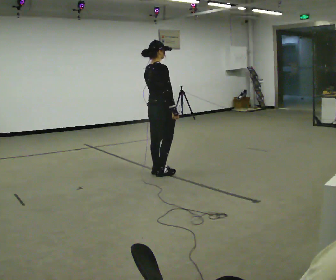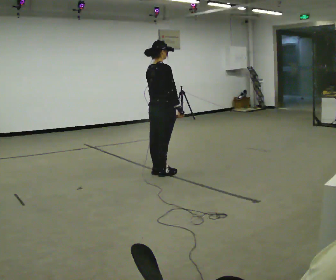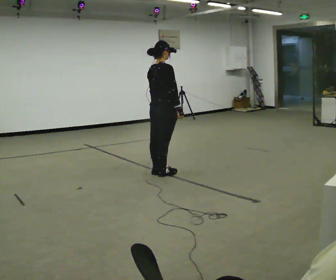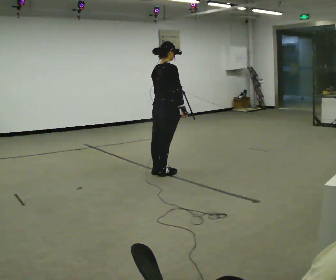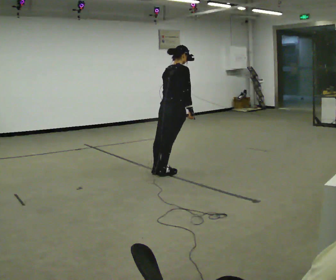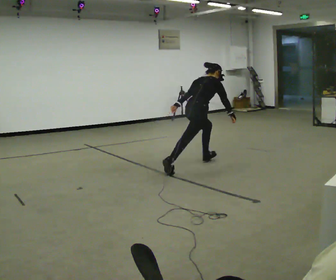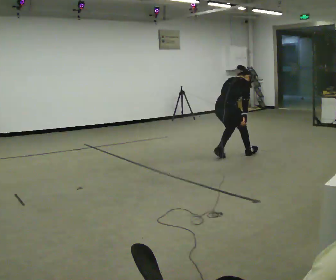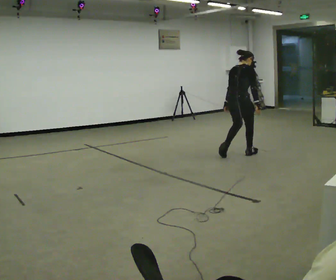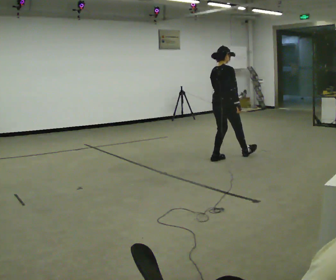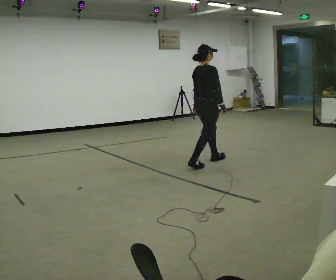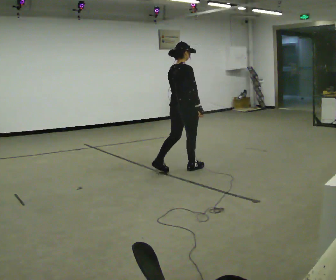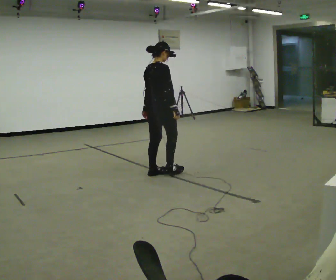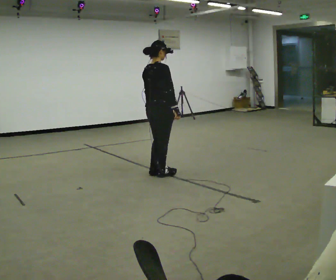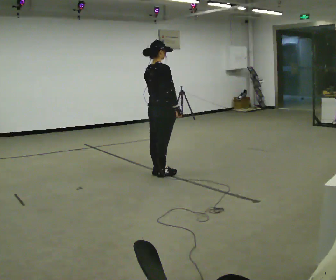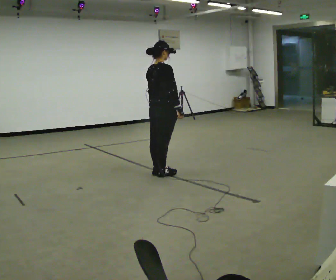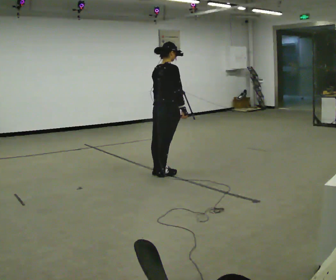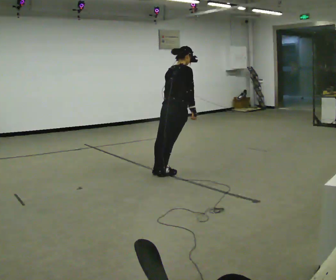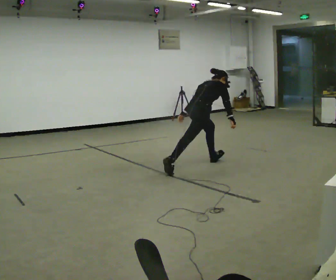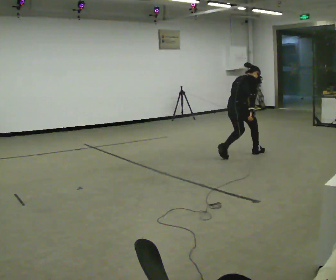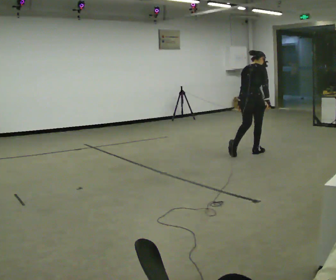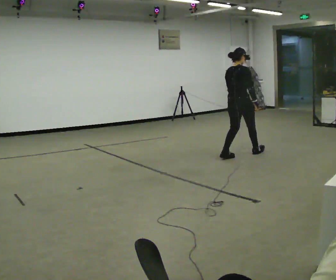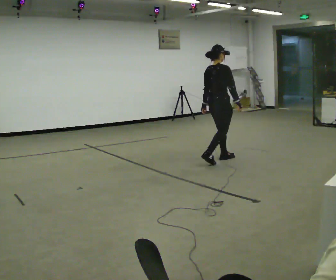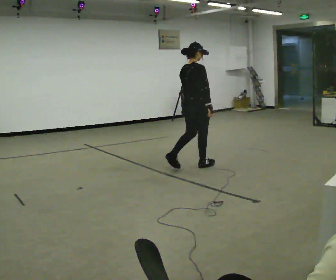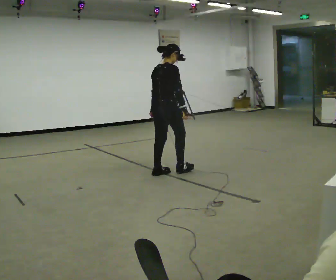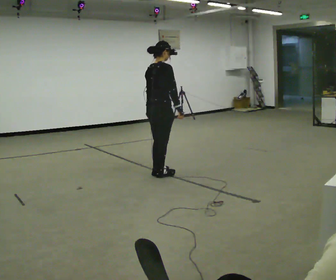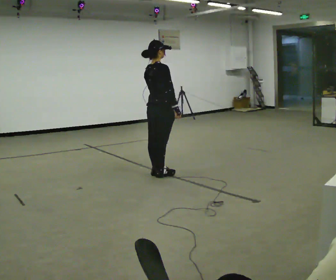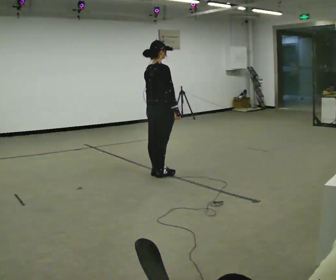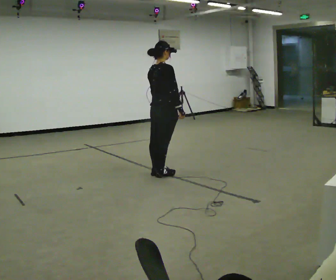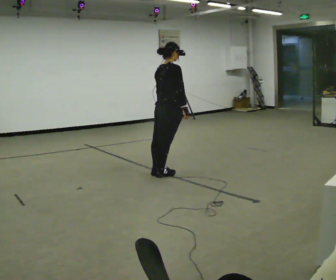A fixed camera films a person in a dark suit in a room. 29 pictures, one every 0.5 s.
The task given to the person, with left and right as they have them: Stand on the marked spots with your feet together. Lean forward from the ankles, keeping your body straight, until you cannot hold it any longer, then step forward to catch yourself. Return to the spots. Repeat at your own pace until the operator says stop. Go slowly and only as far as you are comfortable. Step whenever you need to; do not try to hold on longer than feels safe.
0.0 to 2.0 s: In the picture they go to the right, about 0.25 m, which for them is forward. In the picture the upper body tilts clockwise, shoulders to the right, as they bend forward.
2.0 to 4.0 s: In the picture they go to the right and away from the camera, about 1 m in 4 steps, which for them is forward.
4.0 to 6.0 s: In the picture they go to the left and toward the camera, about 1 m in 3 steps, which for them is backward.
6.0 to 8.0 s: In the picture they go to the right and away from the camera, about 0.25 m, which for them is forward. In the picture the upper body tilts clockwise, shoulders to the right, as they bend forward.
8.0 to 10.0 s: In the picture they go to the right and away from the camera, about 1 m in 4 steps, which for them is forward.
10.0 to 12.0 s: In the picture they go to the left and toward the camera, about 1.5 m in 3 steps, which for them is backward.
12.0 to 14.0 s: The person moves a little, or ends about where they began.
The film runs forward here.
